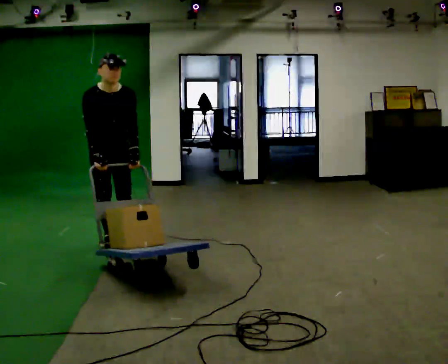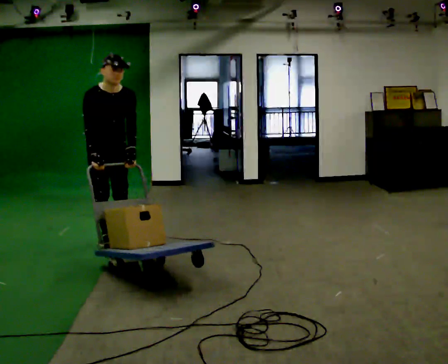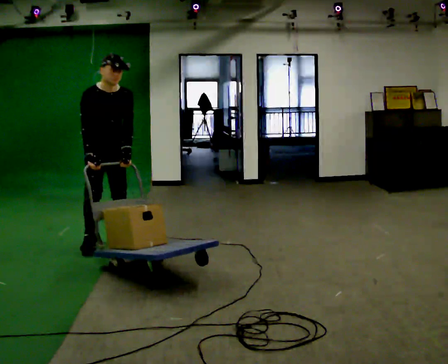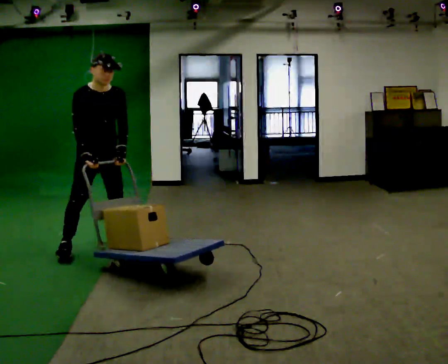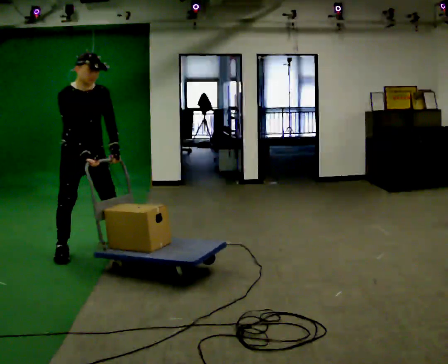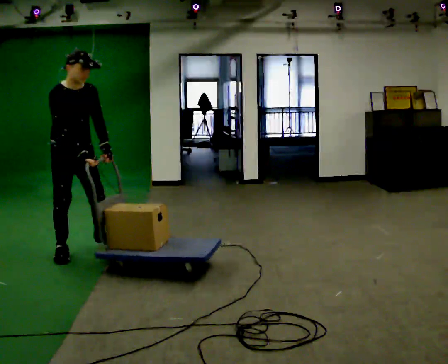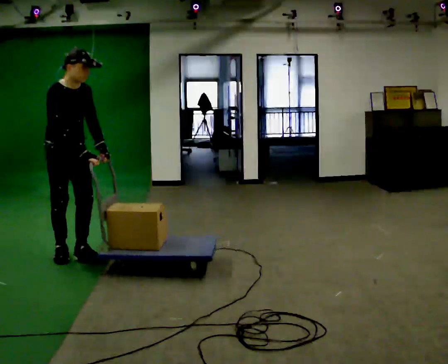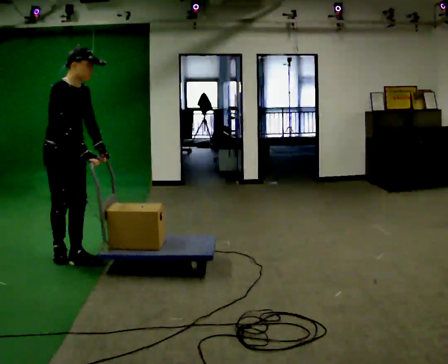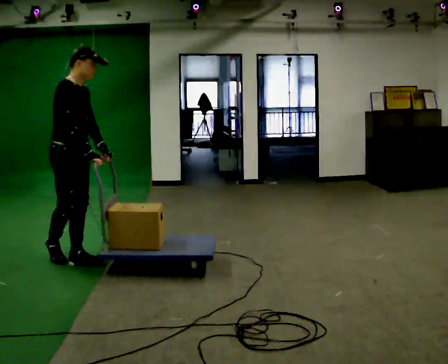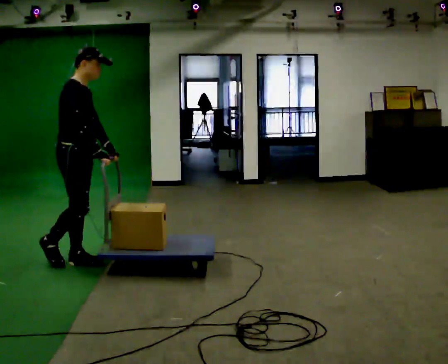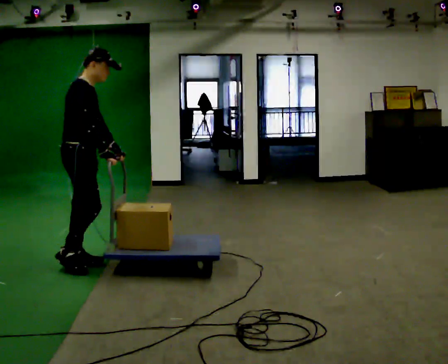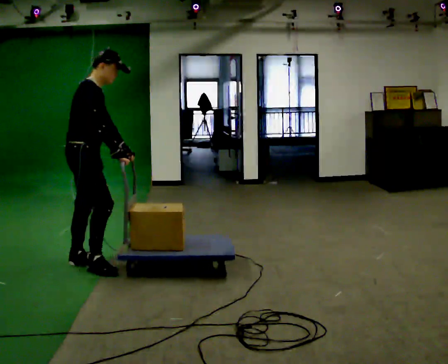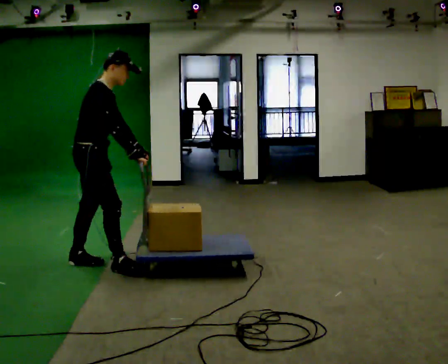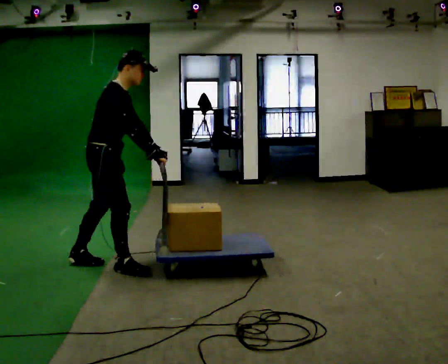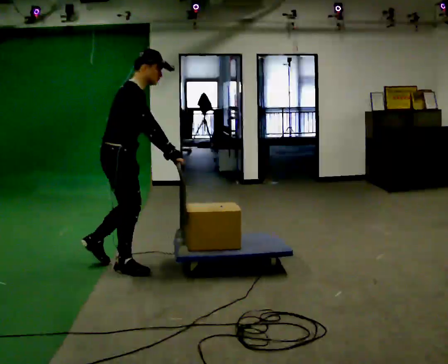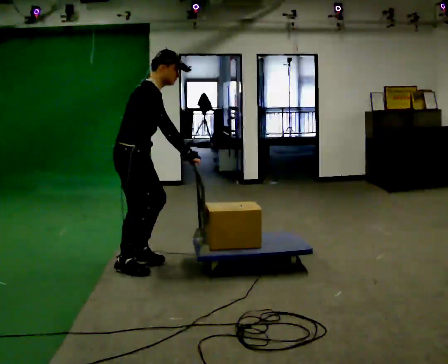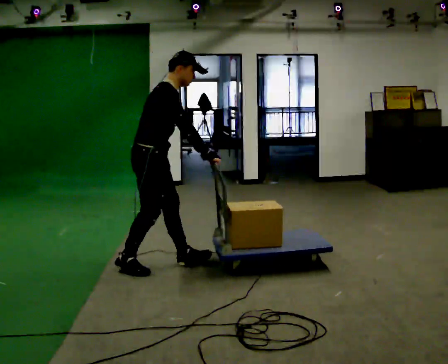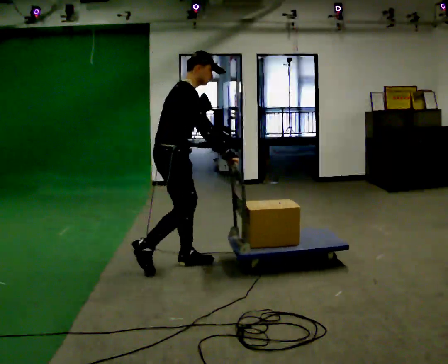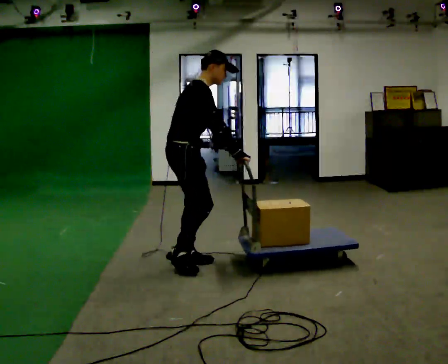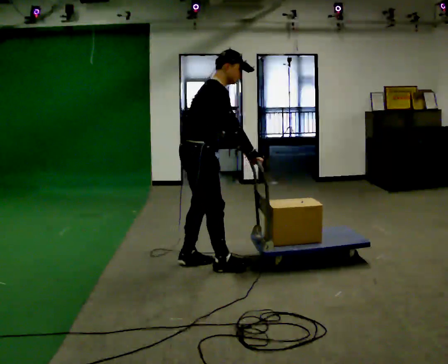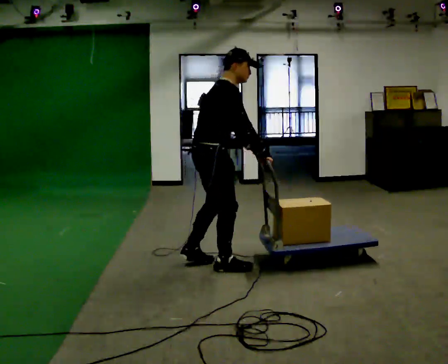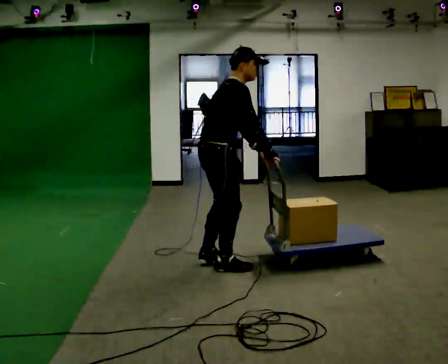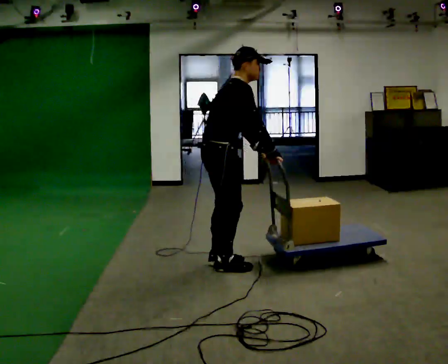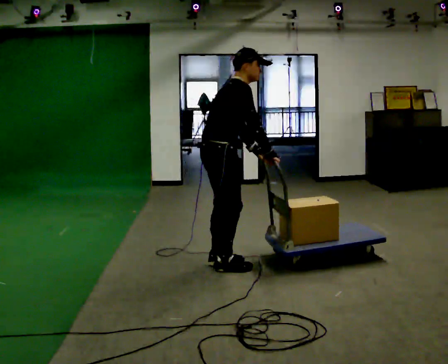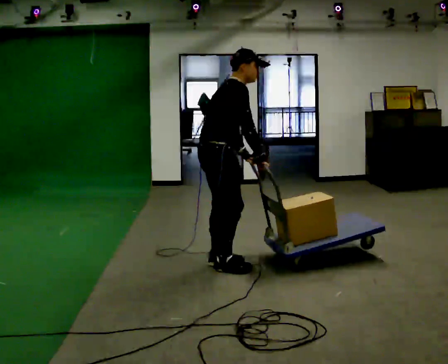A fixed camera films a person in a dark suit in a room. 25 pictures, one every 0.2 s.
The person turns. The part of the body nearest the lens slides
to the right.
The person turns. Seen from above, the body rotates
counterclockwise.
0.0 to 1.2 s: The person turns about 30 degrees to their left, counterclockwise seen from above, so the part of the body nearest the lens slides to the right. In the picture they go toward the camera and to the left, about 0.5 m in 2 steps, which for them is to their right and forward.
1.2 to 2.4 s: The person turns about 45 degrees to their left, counterclockwise seen from above, so the part of the body nearest the lens slides to the right. In the picture they go toward the camera and to the right, about 0.25 m in 1 step, which for them is forward and to their right.
2.4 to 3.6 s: In the picture they go to the right, about 0.5 m in 2 steps, which for them is forward.
3.6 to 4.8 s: In the picture they go to the right, about 0.25 m in 2 steps, which for them is forward.
The film runs forward here.
